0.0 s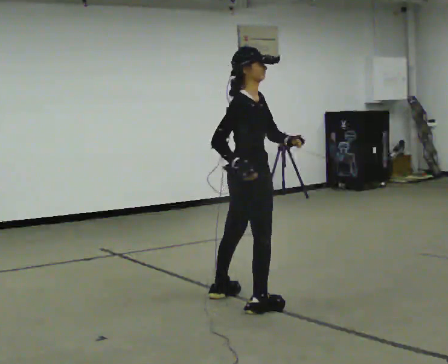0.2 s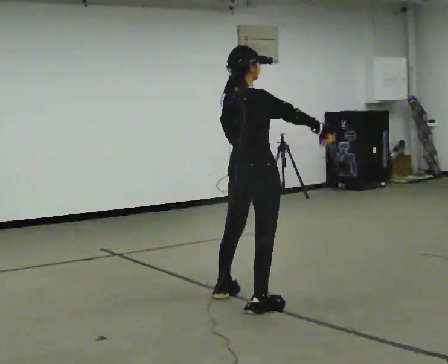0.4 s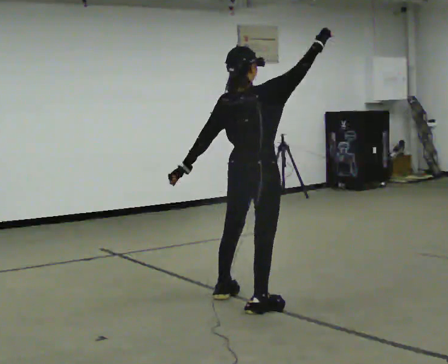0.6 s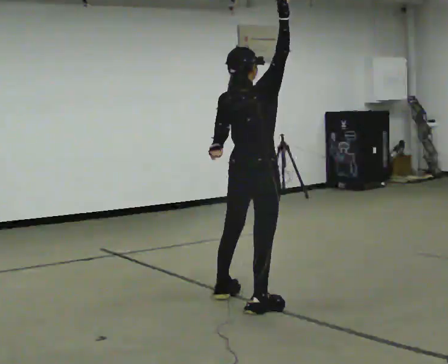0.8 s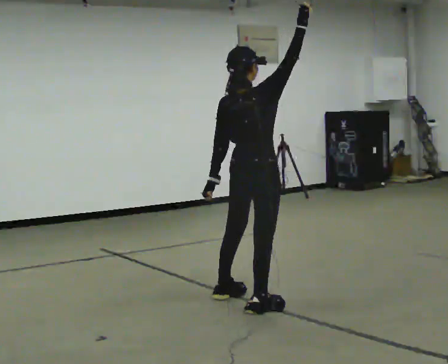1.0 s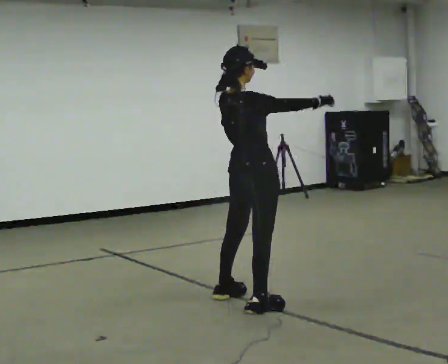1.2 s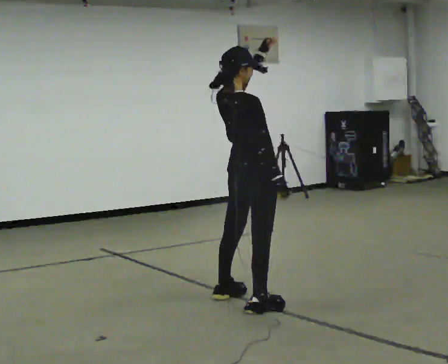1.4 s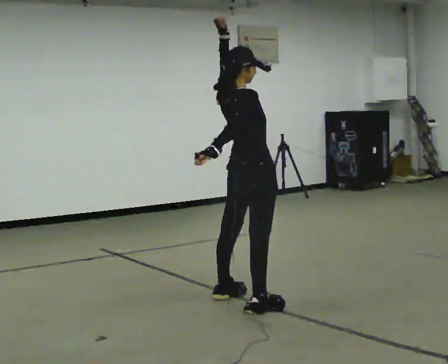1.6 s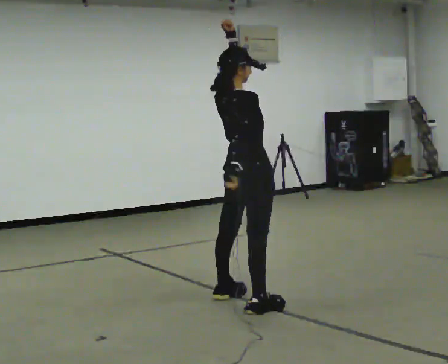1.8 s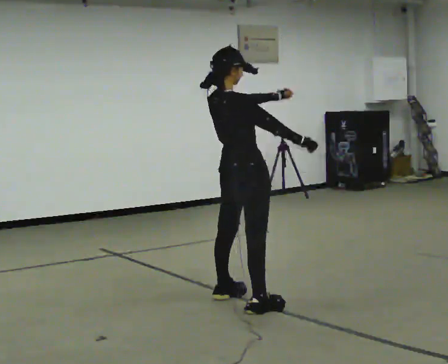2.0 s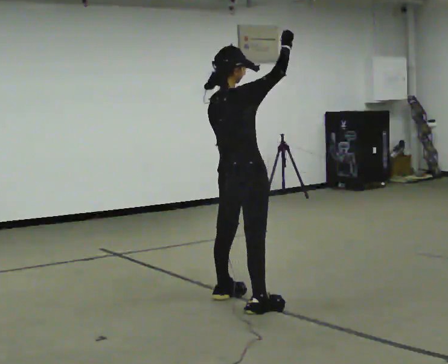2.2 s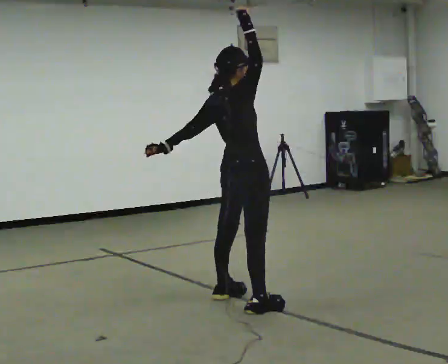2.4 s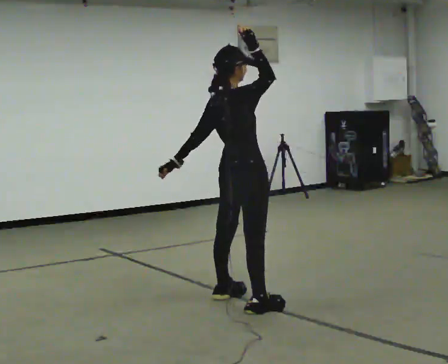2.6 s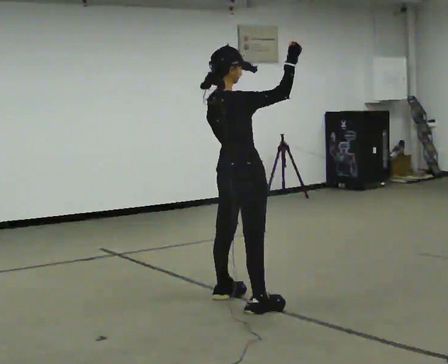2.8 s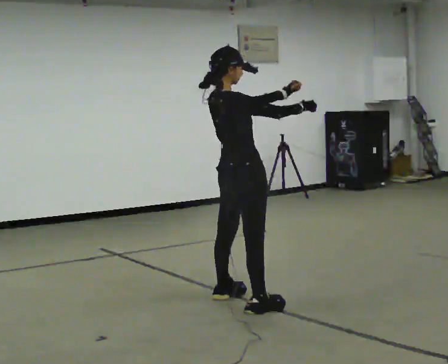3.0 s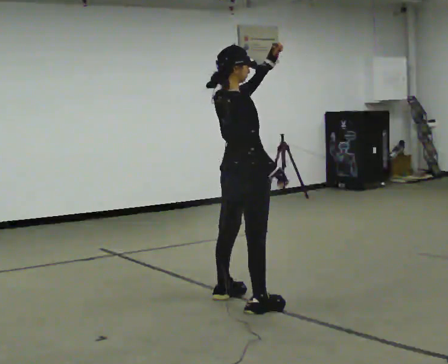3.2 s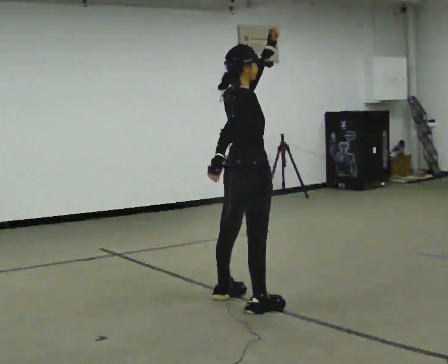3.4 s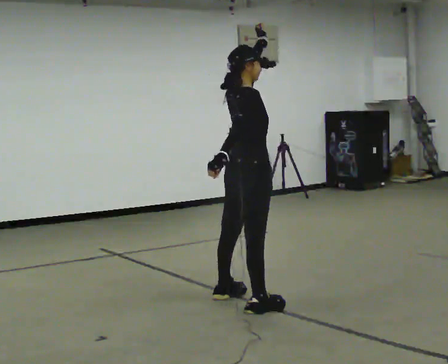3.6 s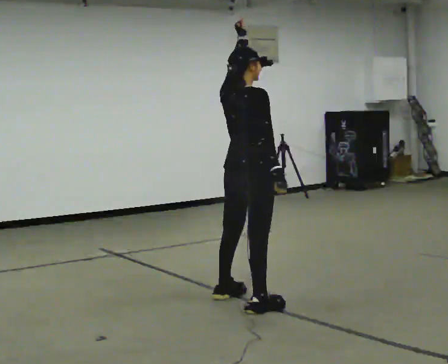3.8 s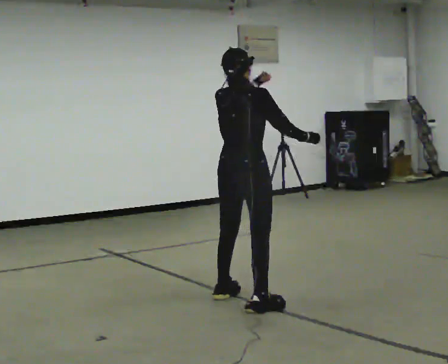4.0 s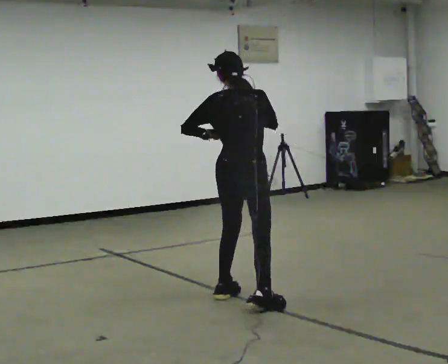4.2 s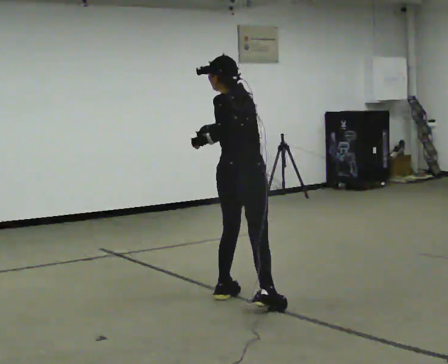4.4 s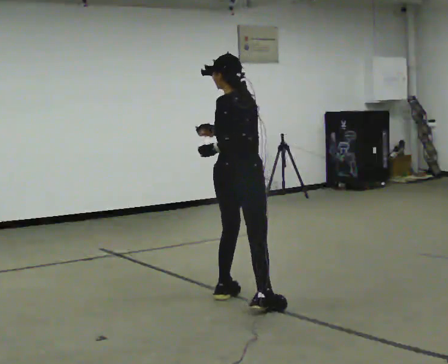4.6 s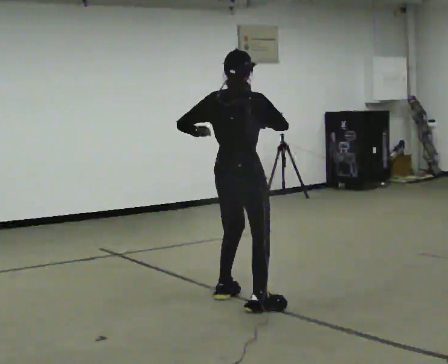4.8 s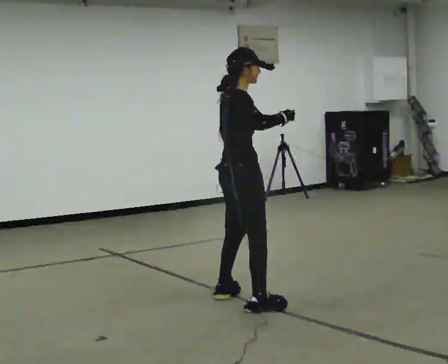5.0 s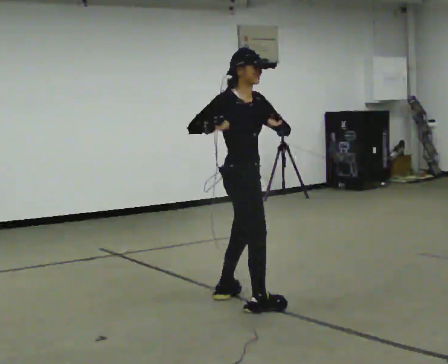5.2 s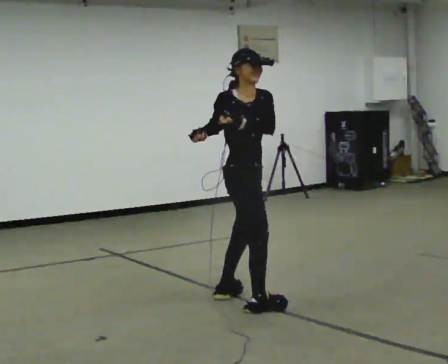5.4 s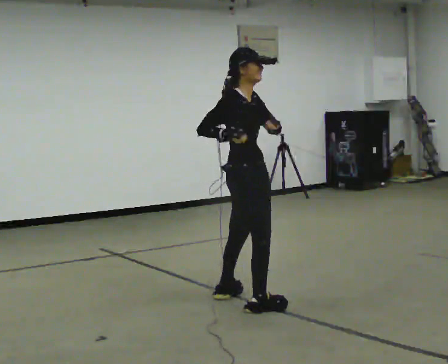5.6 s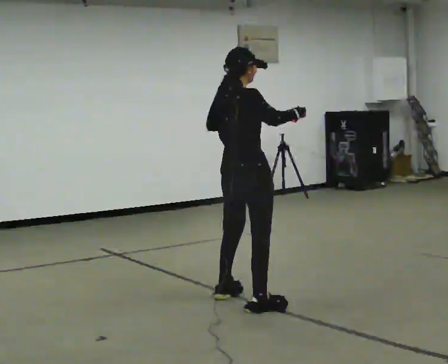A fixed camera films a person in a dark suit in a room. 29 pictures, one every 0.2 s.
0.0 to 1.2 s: The part of the body nearest the lens slides to the right as the person turns to their left by about 30 degrees. In the picture their left hand goes upward.
1.2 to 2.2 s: In the picture their left hand goes to the left and downward, the arm swinging clockwise.
2.2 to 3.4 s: In the picture their left hand goes upward and to the right, the arm swinging counterclockwise.
3.4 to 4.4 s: The person turns about 75 degrees to their left, counterclockwise seen from above, so the part of the body nearest the lens slides to the right. In the picture their left hand goes downward and to the left.
4.4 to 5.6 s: The part of the body nearest the lens slides to the left as the person turns to their right by about 60 degrees. In the picture their right hand goes to the right.
The film runs forward here.
